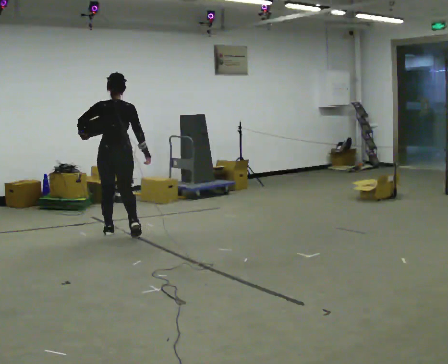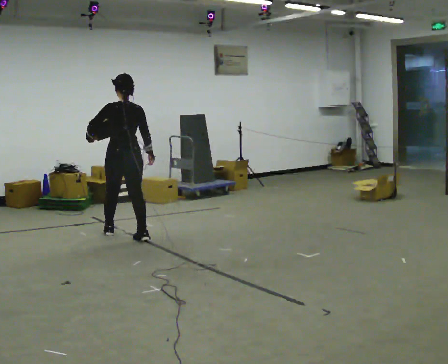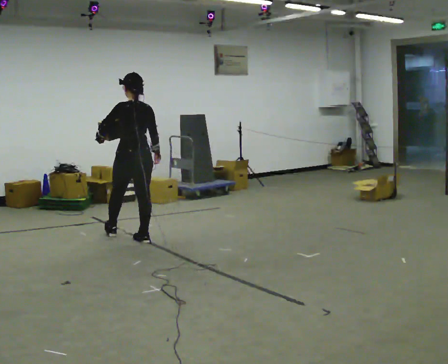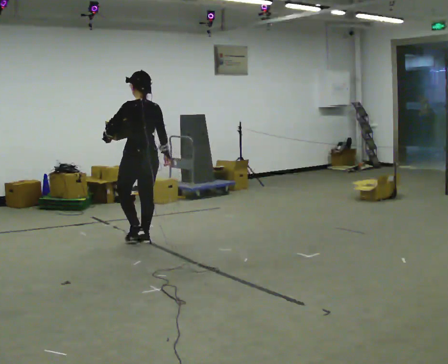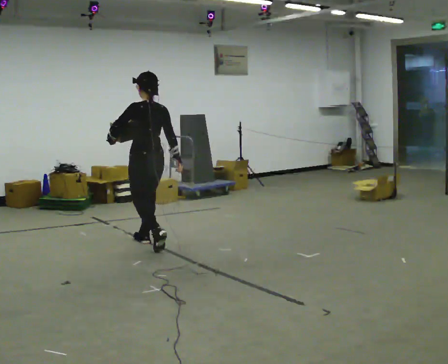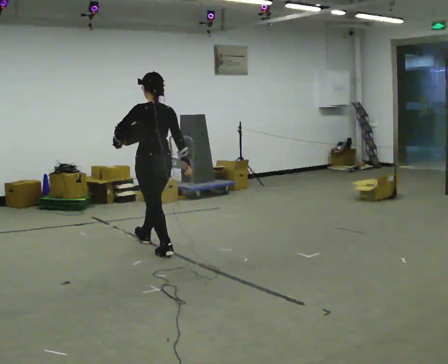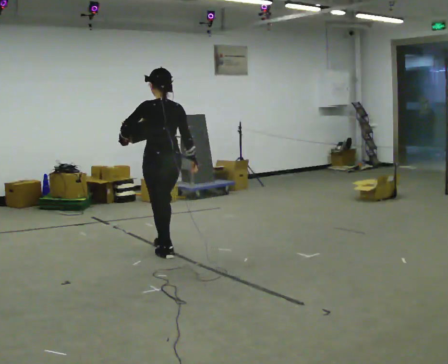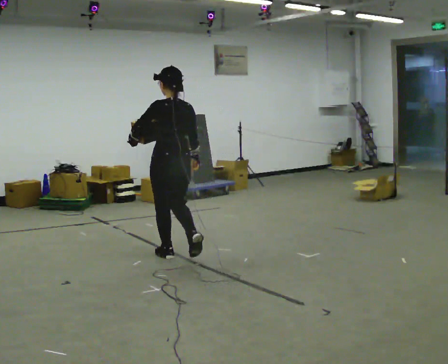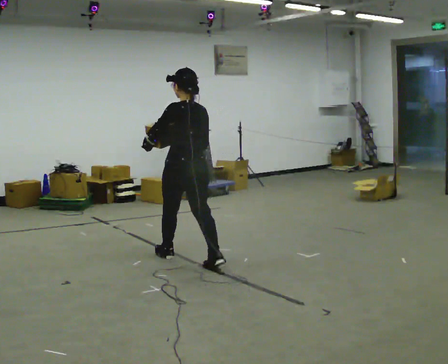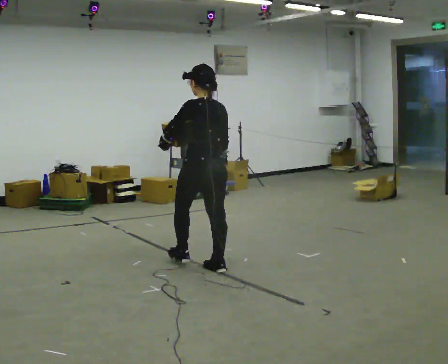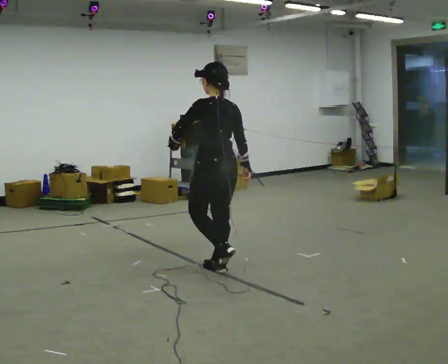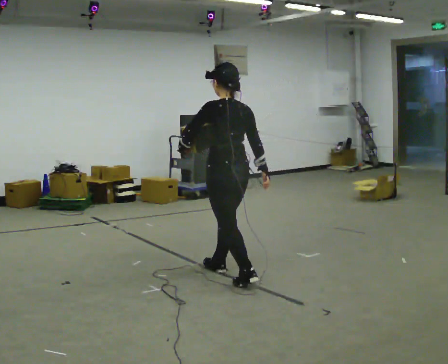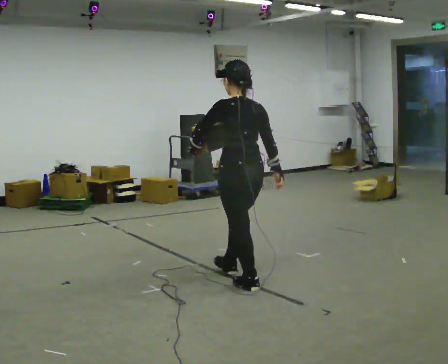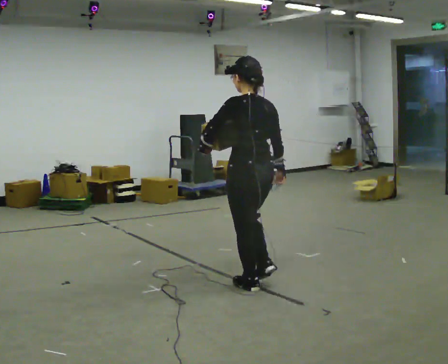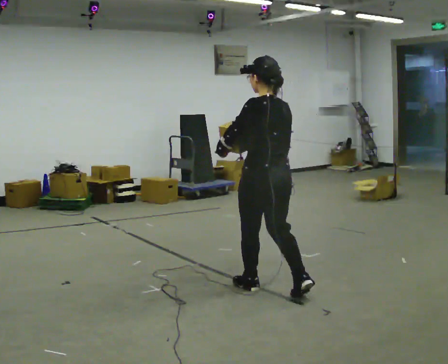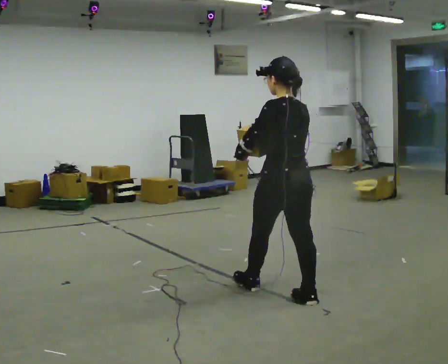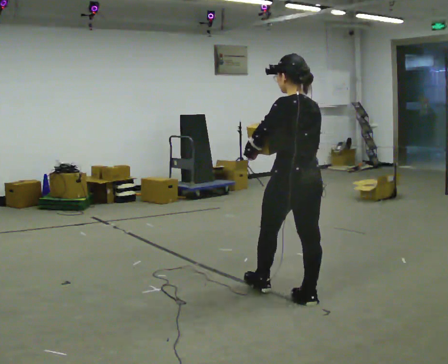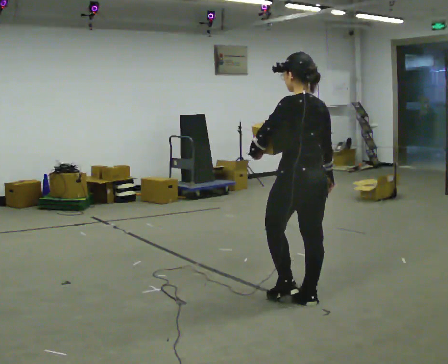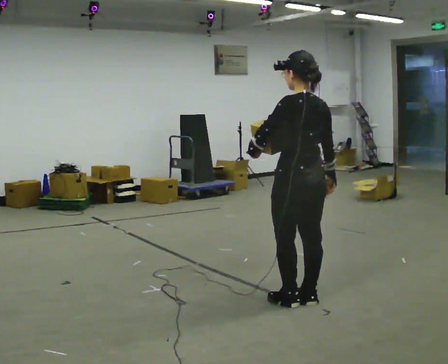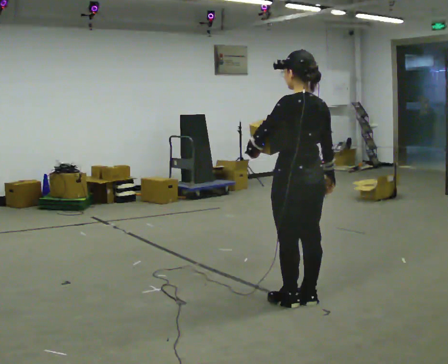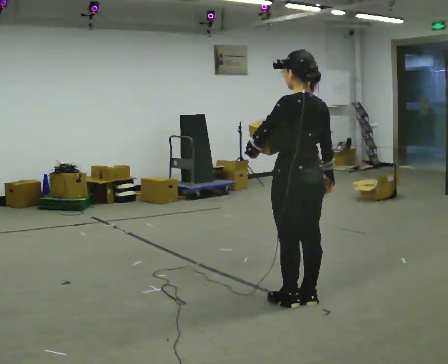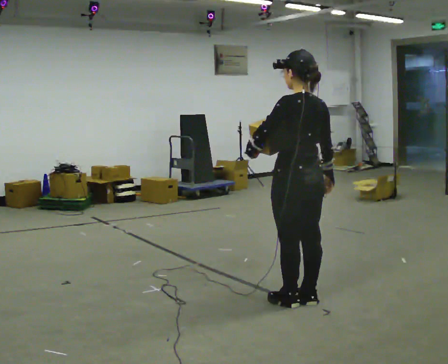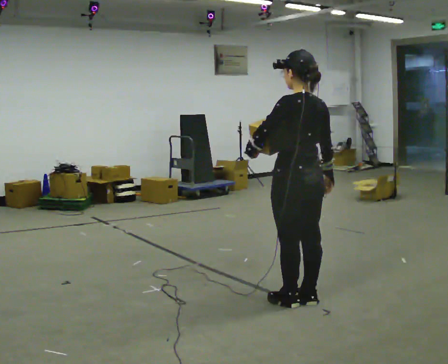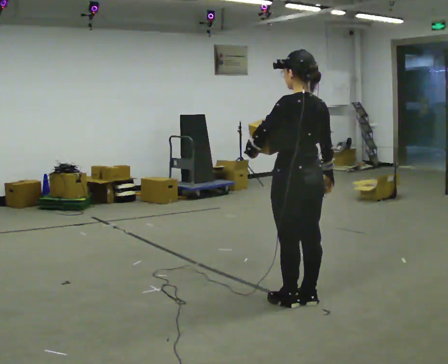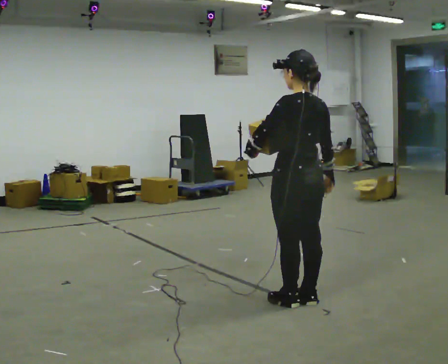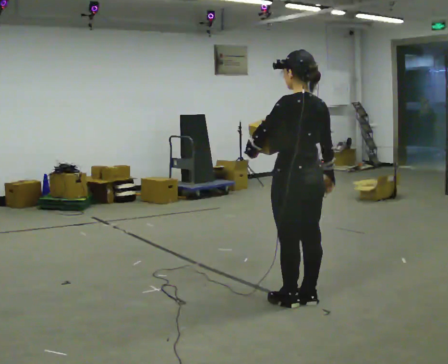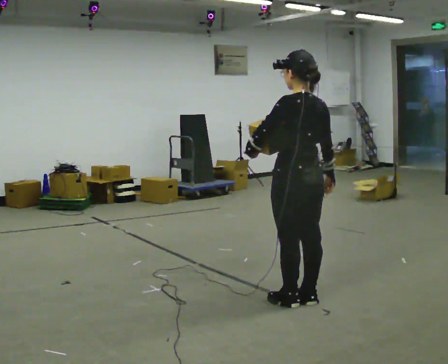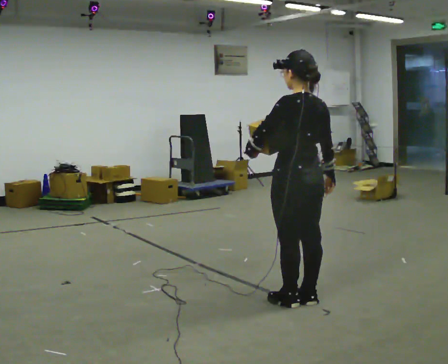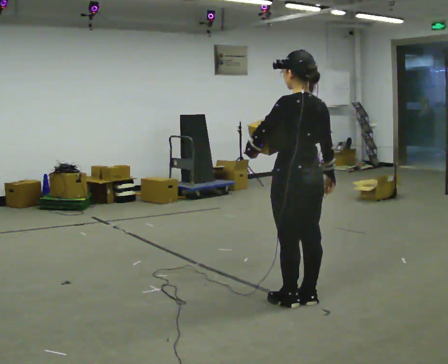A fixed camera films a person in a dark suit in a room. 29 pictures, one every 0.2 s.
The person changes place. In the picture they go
to the right.
0.0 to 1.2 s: In the picture they go to the right and toward the camera, about 1 m in 2 steps, which for them is backward.
1.2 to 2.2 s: In the picture they go to the right and toward the camera, about 1 m in 1 step, which for them is backward.
2.2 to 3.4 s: In the picture they go to the right and toward the camera, about 1 m in 2 steps, which for them is backward.
3.4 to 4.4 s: The person moves a little, or ends about where they began.
4.4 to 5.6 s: The person keeps their place and pose.
The film runs backward here.
